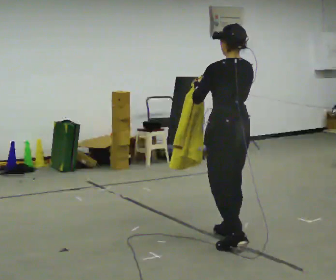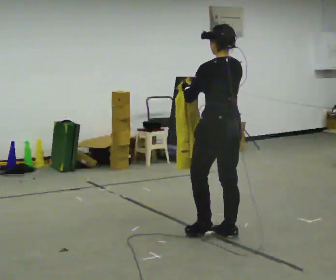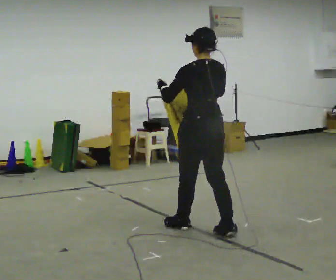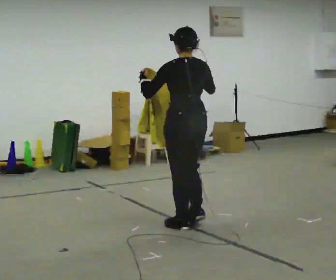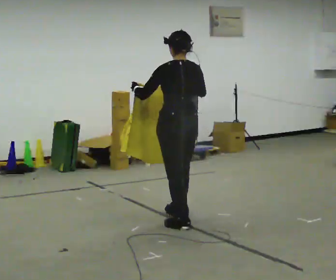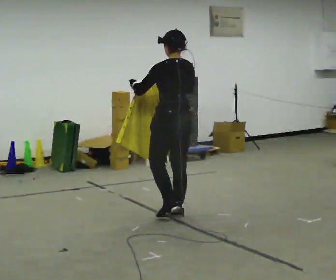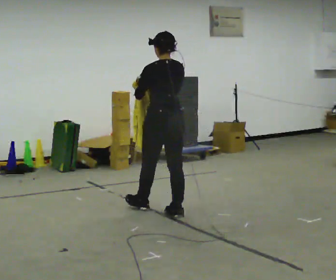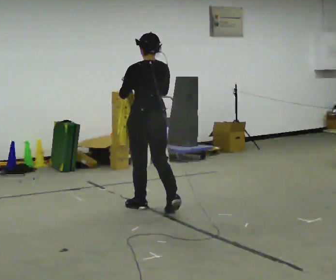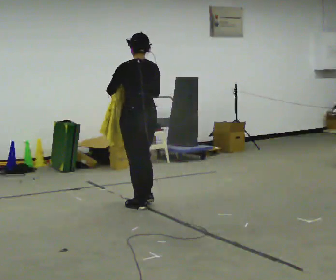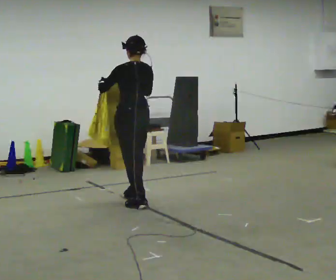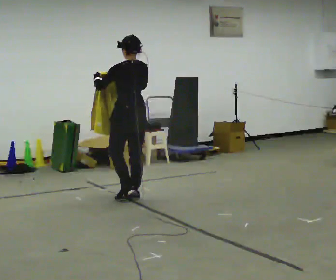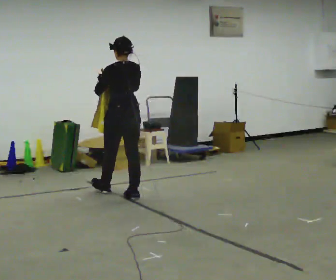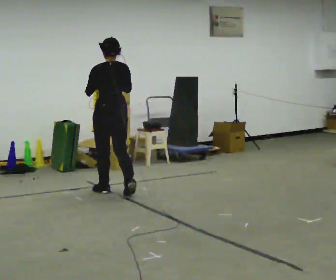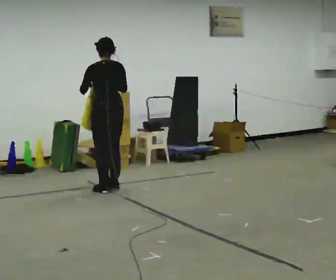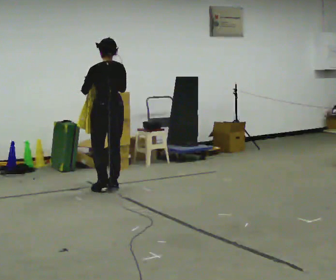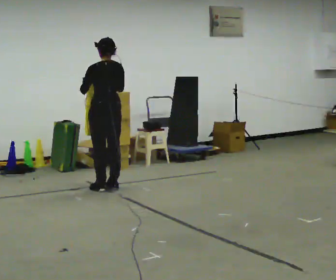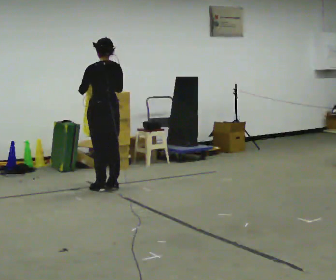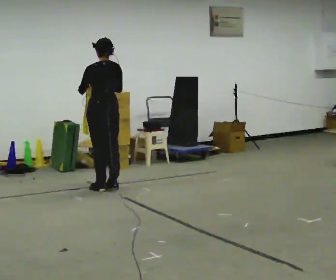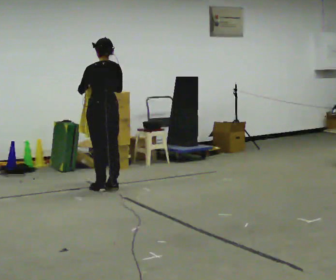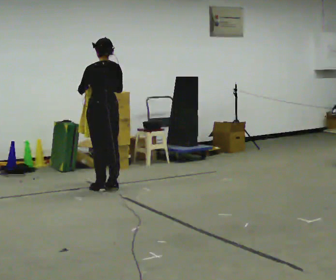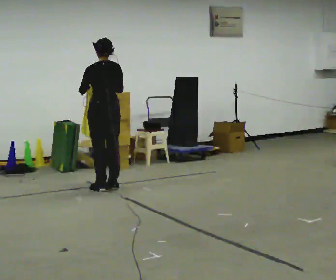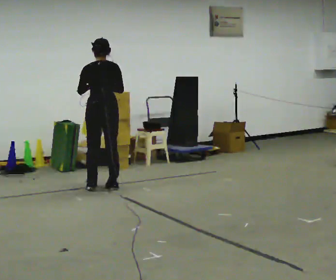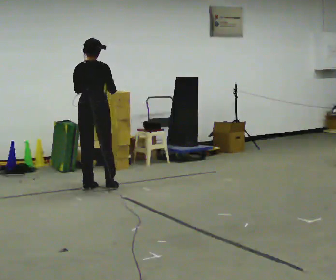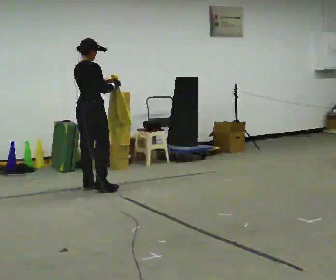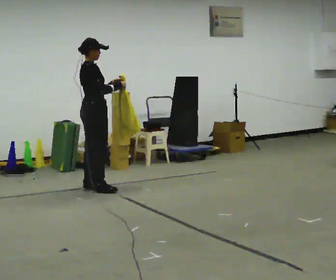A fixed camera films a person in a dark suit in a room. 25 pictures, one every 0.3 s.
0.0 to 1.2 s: In the picture they go away from the camera and to the left, about 0.75 m in 2 steps, which for them is forward.
1.2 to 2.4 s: In the picture they go away from the camera and to the left, about 0.75 m in 1 step, which for them is forward.
2.4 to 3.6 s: In the picture they go away from the camera and to the left, about 0.75 m in 2 steps, which for them is forward.
3.6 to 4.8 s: In the picture they go away from the camera, about 0.25 m in 1 step, which for them is forward.
4.8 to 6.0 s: The person moves a little, or ends about where they began.
6.0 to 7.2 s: Seen from above the body turns clockwise, about 105 degrees: to their right, with its near side sliding to the left.
The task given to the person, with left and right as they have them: Carry the cloth and, while walking, fold it in half, then unfold it. Keep repeating as you walk. Do not stop.
The film runs forward here.
